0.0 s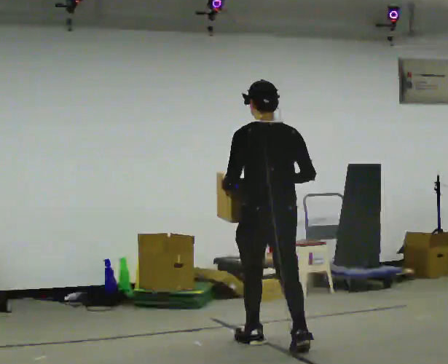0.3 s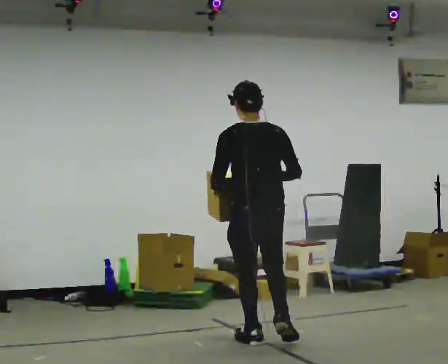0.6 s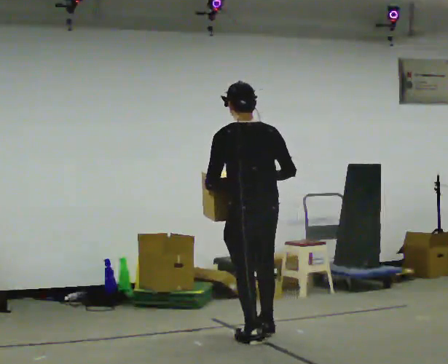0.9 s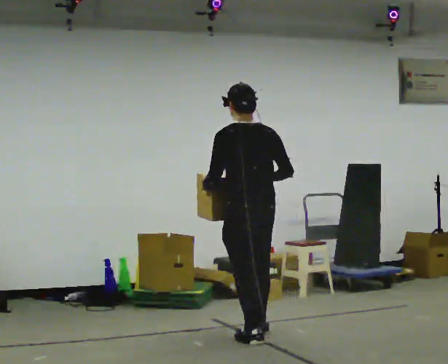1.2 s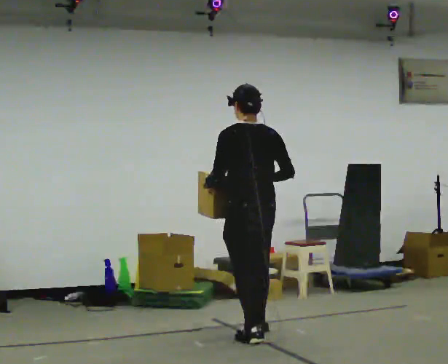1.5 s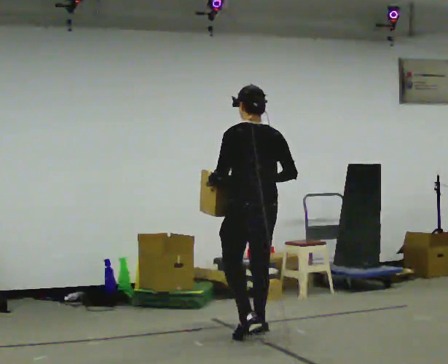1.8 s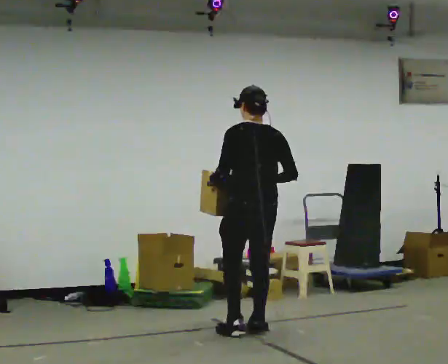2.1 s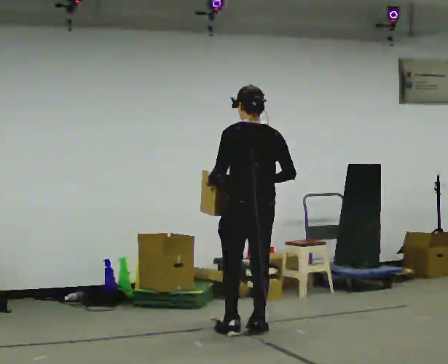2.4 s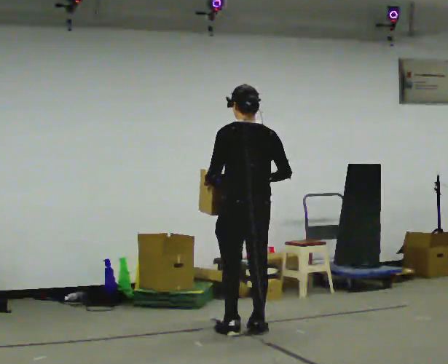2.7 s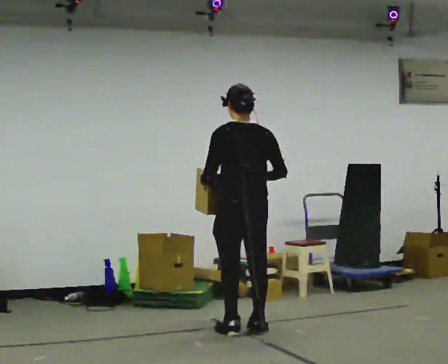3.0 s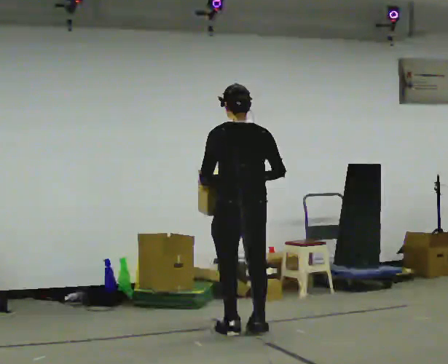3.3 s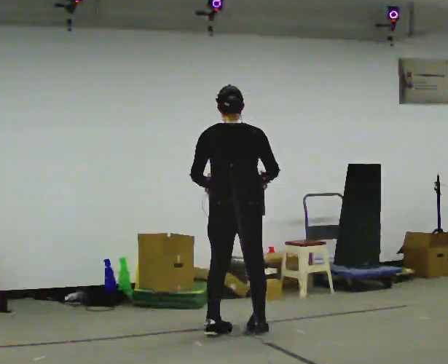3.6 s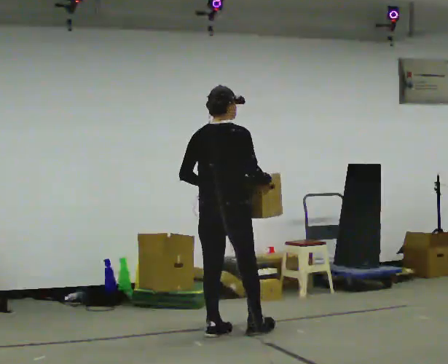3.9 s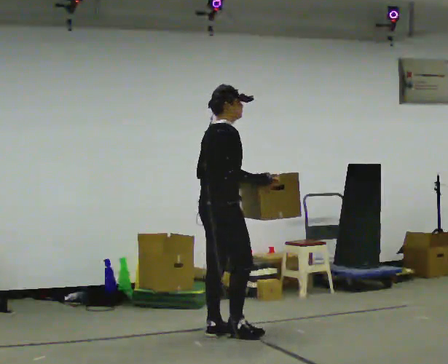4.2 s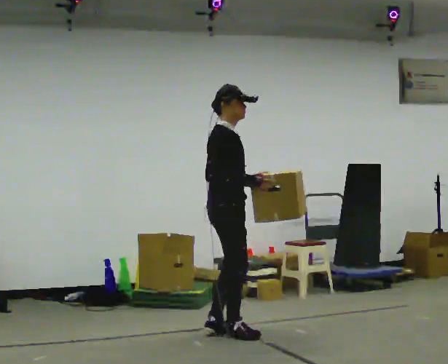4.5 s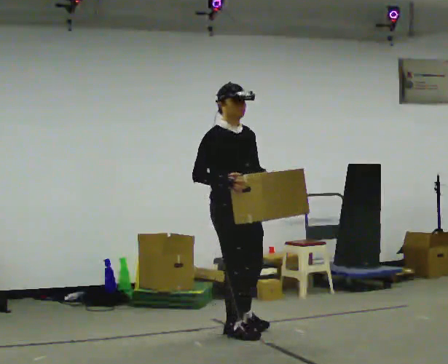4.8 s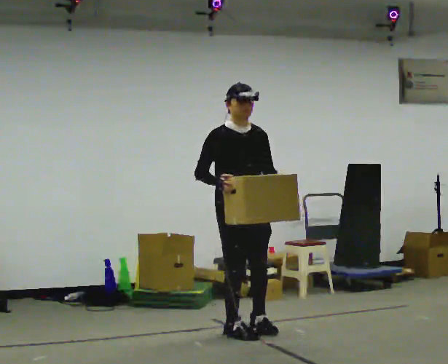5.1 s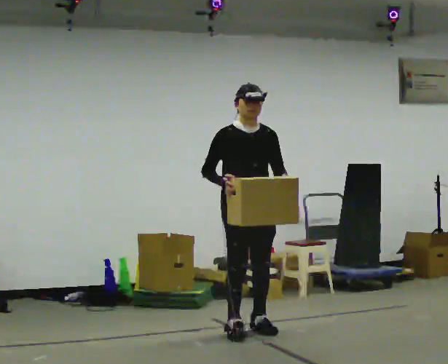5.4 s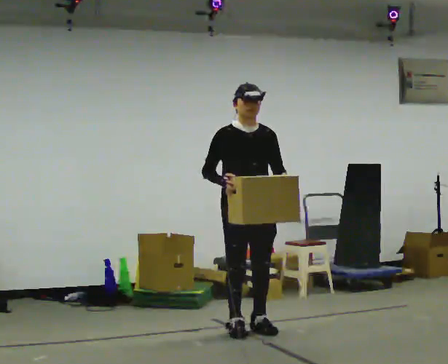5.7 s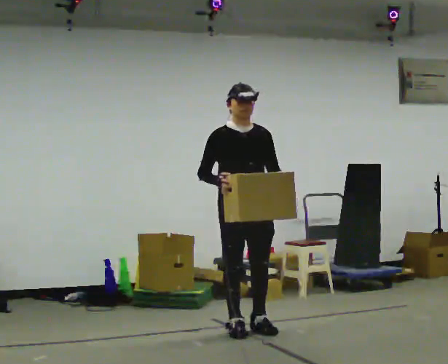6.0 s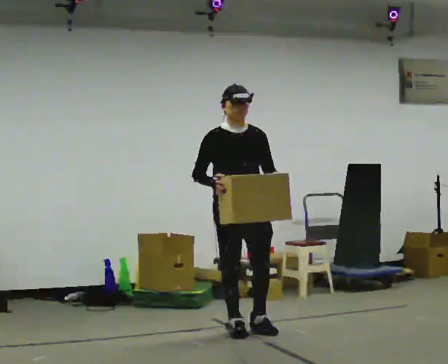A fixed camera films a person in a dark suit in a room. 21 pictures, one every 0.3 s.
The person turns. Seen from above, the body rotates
clockwise.
The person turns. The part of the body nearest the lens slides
to the left.
0.0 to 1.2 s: In the picture they go away from the camera, about 0.25 m in 1 step, which for them is forward.
1.2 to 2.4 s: The person moves a little, or ends about where they began.
2.4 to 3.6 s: Seen from above the body turns clockwise, about 45 degrees: to their right, with its near side sliding to the left. In the picture they go to the left, about 0.25 m, which for them is to their left.
3.6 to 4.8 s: Seen from above the body turns clockwise, about 120 degrees: to their right, with its near side sliding to the left. In the picture their left hand goes to the right.
4.8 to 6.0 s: The person moves a little, or ends about where they began.
The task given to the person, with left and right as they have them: Carry the box across the room much more slowly and carefully than normal, back and forth.
The film runs forward here.
